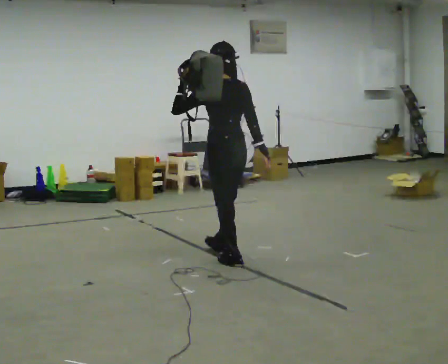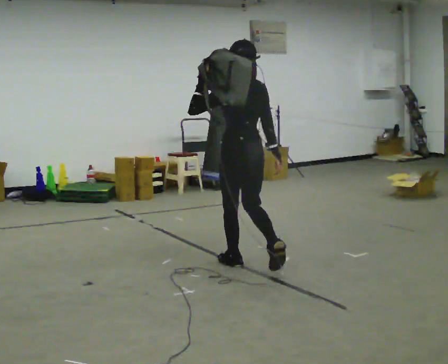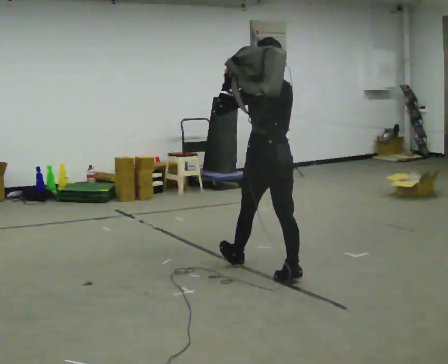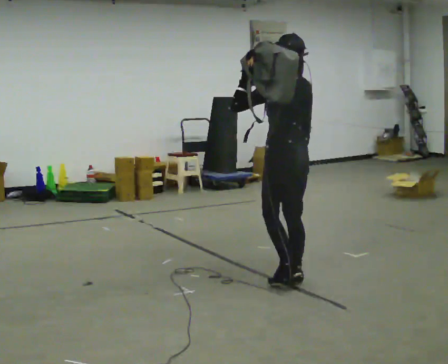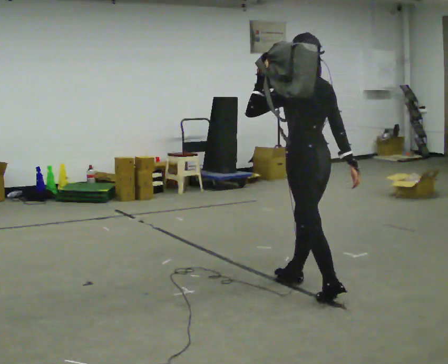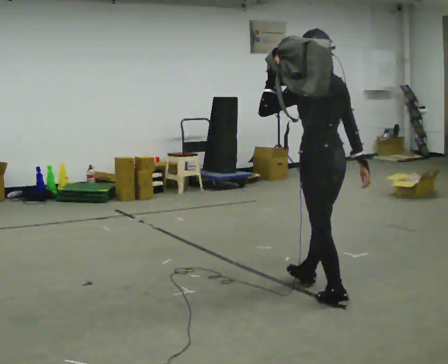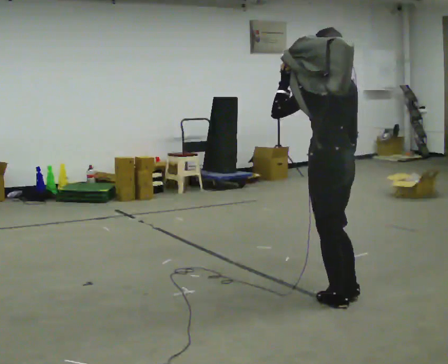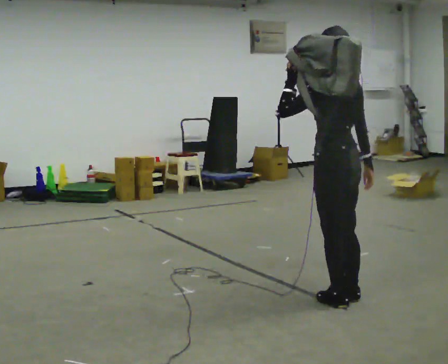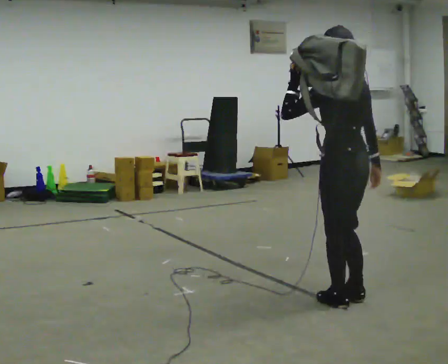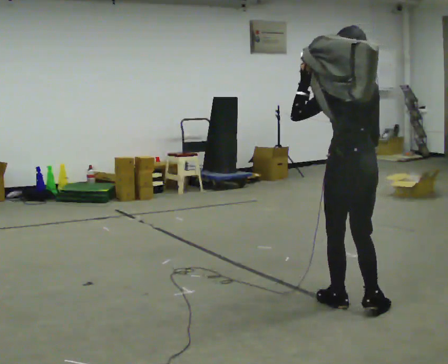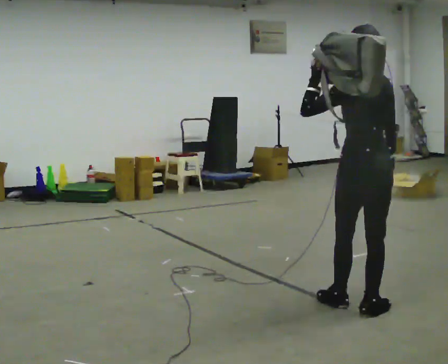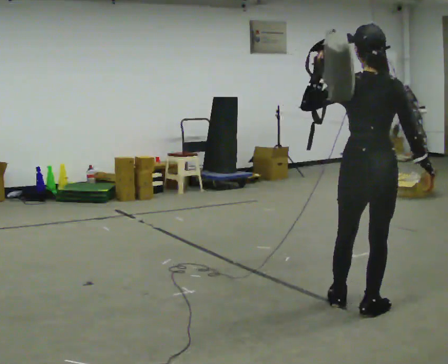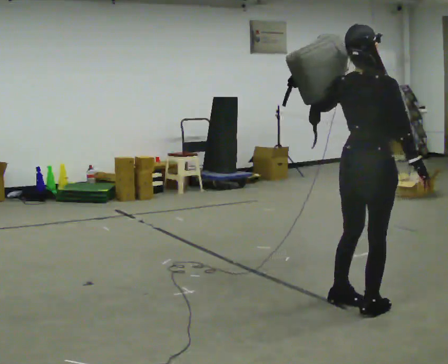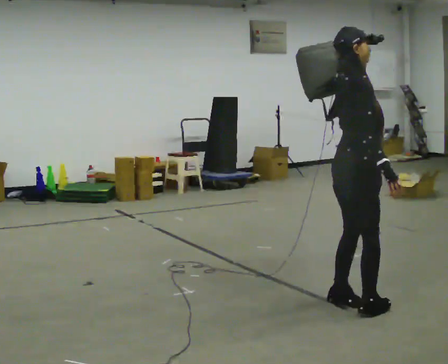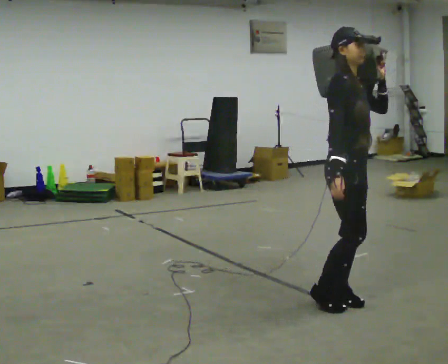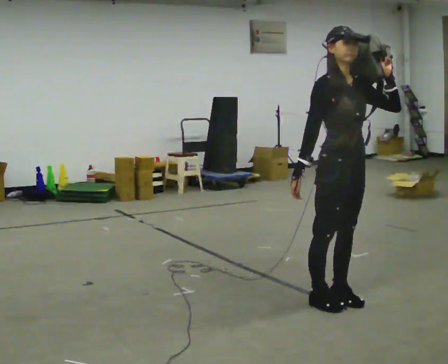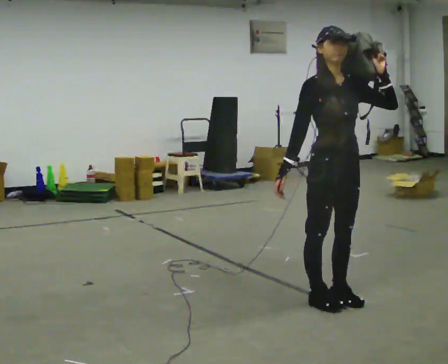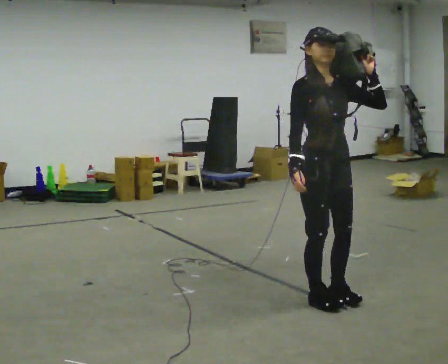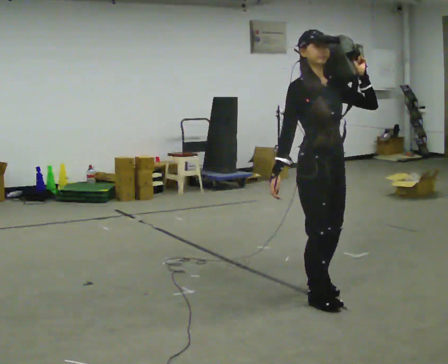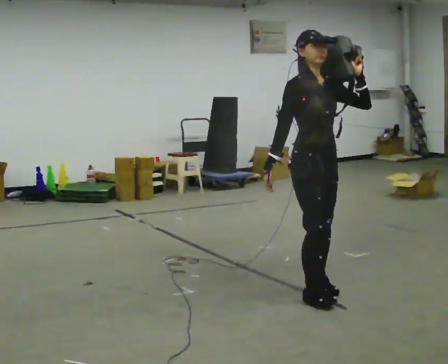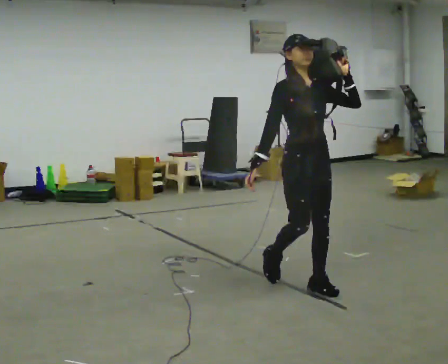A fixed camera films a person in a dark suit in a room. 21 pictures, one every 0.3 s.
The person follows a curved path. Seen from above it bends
counterclockwise.
0.0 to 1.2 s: In the picture they go toward the camera and to the right, about 1 m in 1 step, which for them is backward.
1.2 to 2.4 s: In the picture they go toward the camera and to the right, about 0.5 m in 2 steps, which for them is backward.
2.4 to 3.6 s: The person turns about 75 degrees to their right, clockwise seen from above, so the part of the body nearest the lens slides to the left.
3.6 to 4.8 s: Seen from above the body turns clockwise, about 120 degrees: to their right, with its near side sliding to the left. In the picture they go to the left, about 0.25 m in 1 step. In the picture their left hand goes to the right.
4.8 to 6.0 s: In the picture they go away from the camera and to the left, about 0.25 m in 2 steps, which for them is backward.
The film runs backward here.
